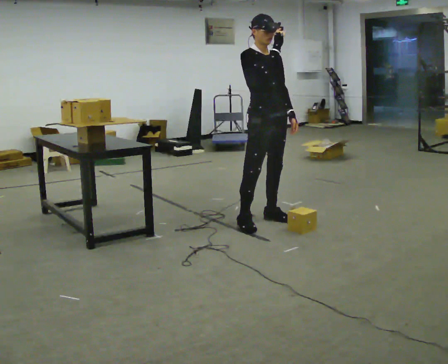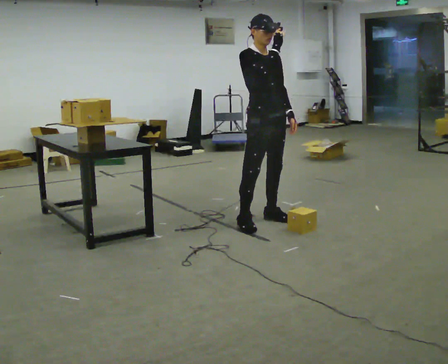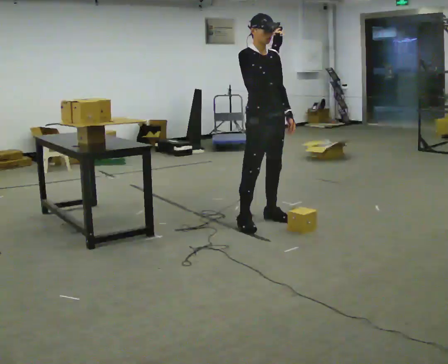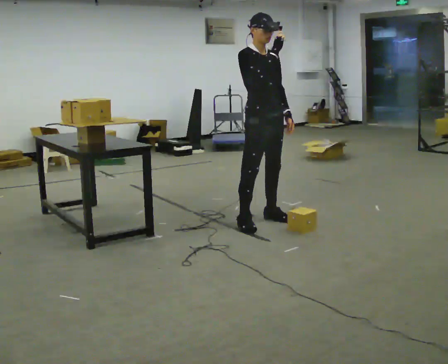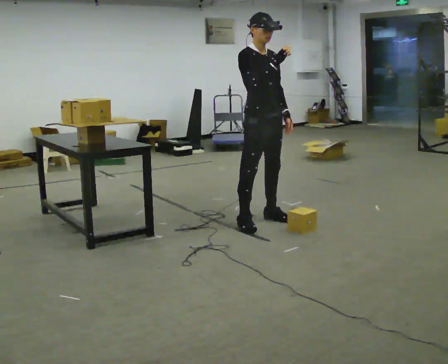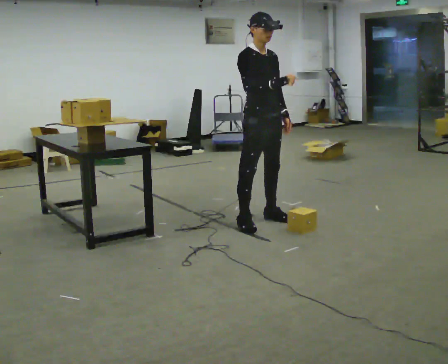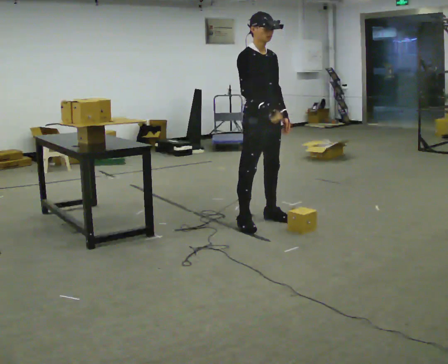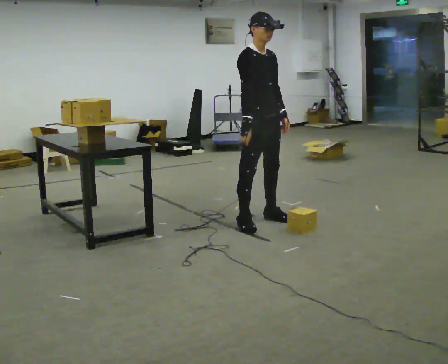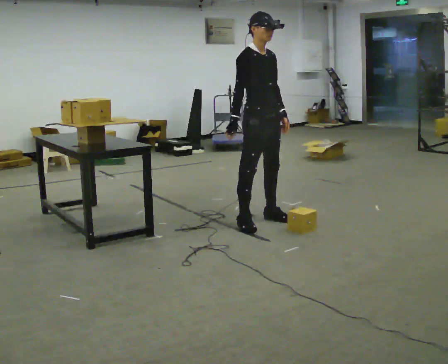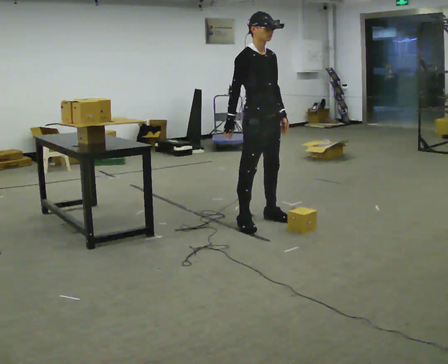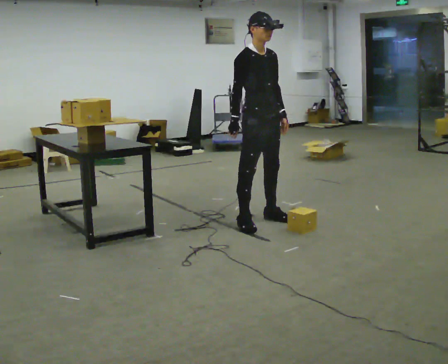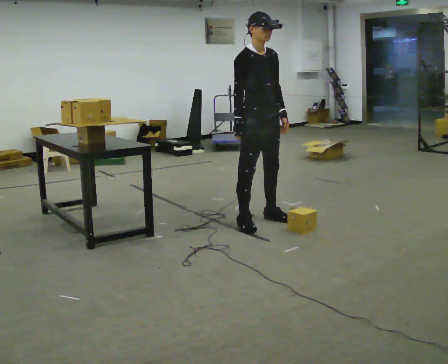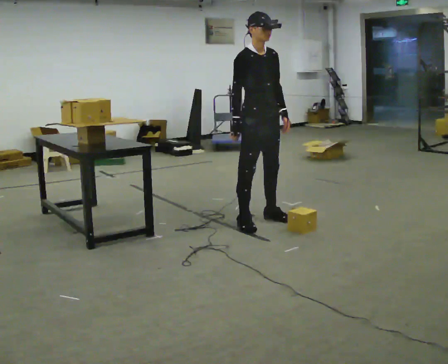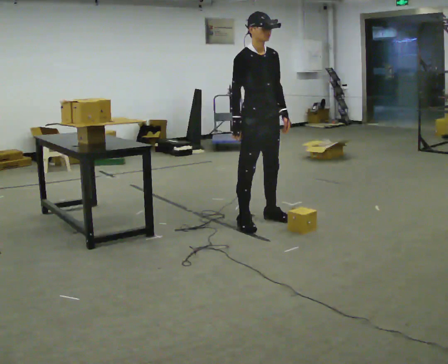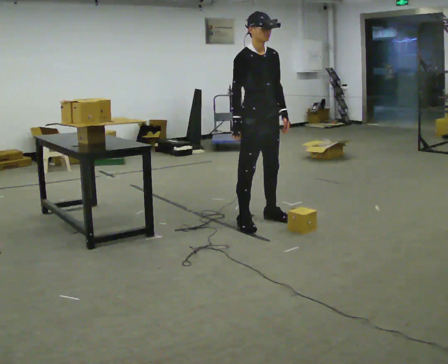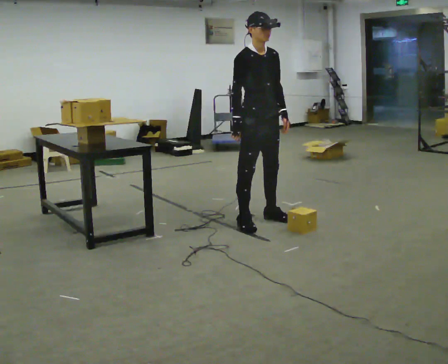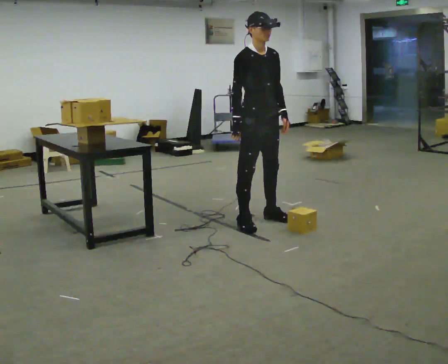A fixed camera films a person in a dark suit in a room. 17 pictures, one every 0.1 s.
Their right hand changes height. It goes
downward.
0.0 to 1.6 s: In the picture their right hand goes downward and to the left.
The film runs forward here.
